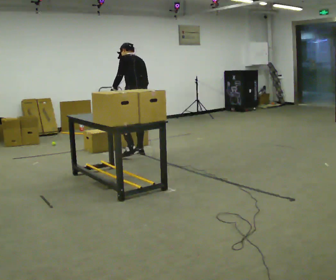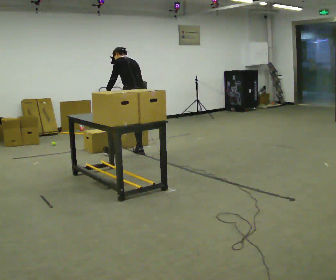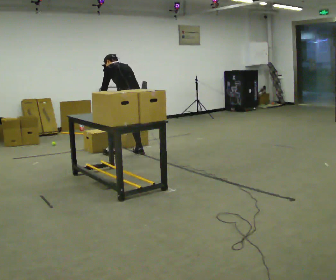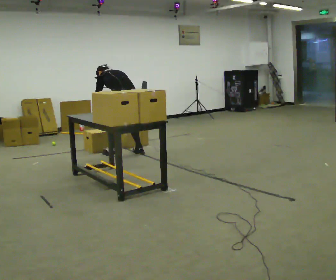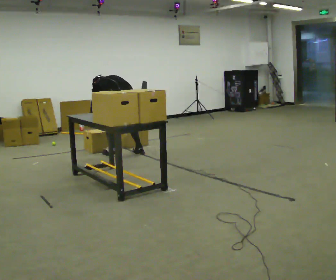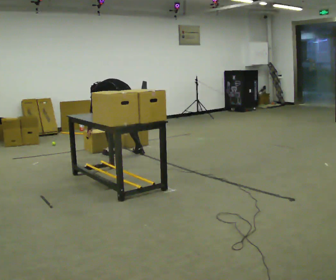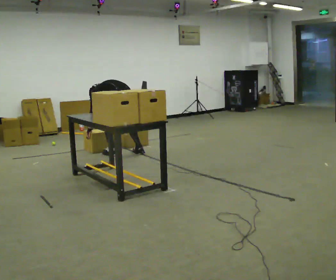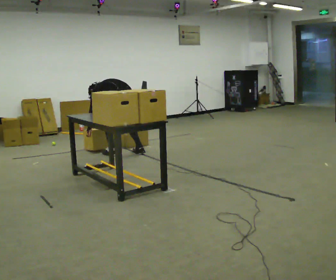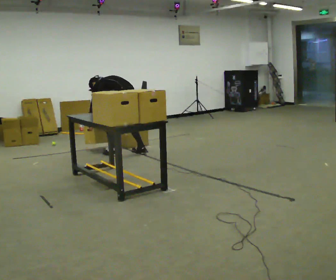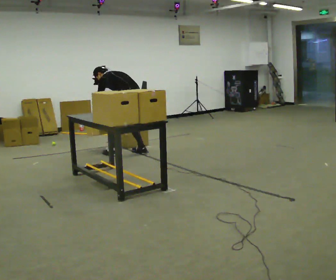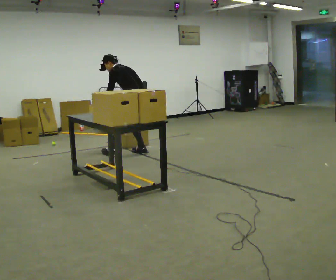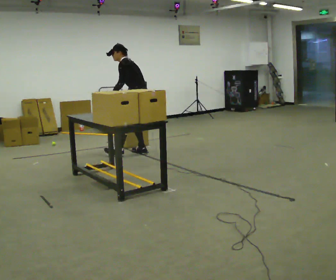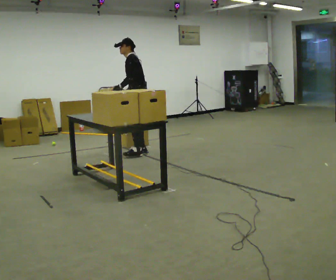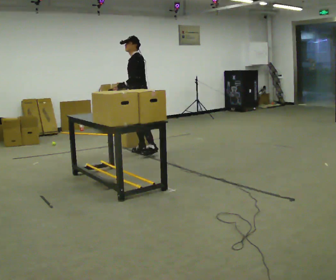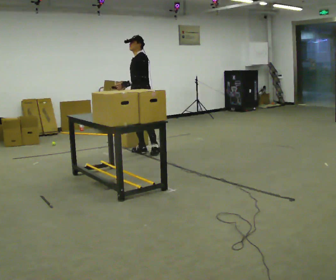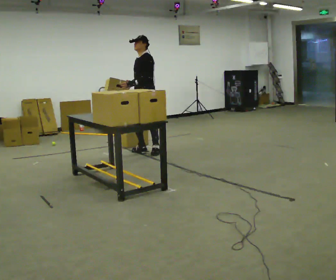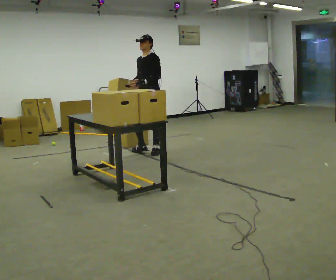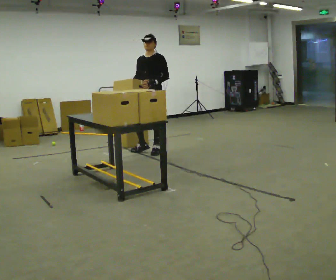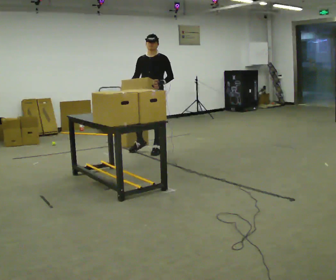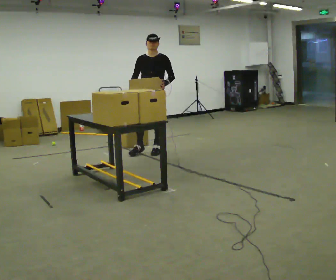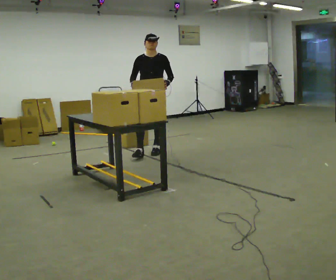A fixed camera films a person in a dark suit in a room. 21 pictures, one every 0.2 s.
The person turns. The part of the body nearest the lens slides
to the right.
The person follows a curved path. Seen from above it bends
clockwise.
0.0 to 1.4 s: In the picture they go to the left, about 0.25 m in 1 step, which for them is to their left and forward. The upper body goes downward. In the picture the upper body tilts counterclockwise, shoulders to the left, as they bend forward. In the picture their left hand goes downward and to the left.
1.4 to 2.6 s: The part of the body nearest the lens slides to the right as the person turns to their left by about 60 degrees. In the picture they go to the right and away from the camera, about 0.25 m, which for them is to their right. The upper body goes upward. The upper body tips toward the camera, its near side rolling downward, as they lean back or straighten. In the picture their right hand goes upward.
2.6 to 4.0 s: The part of the body nearest the lens slides to the right as the person turns to their left by about 75 degrees. In the picture their left hand goes to the right.
The film runs forward here.
